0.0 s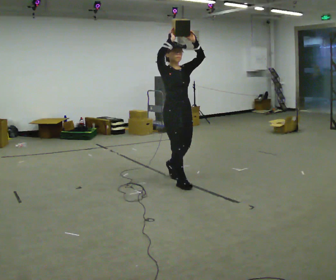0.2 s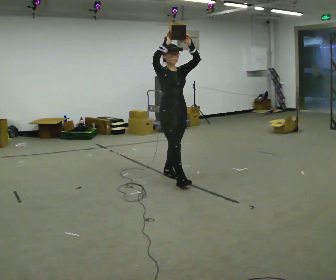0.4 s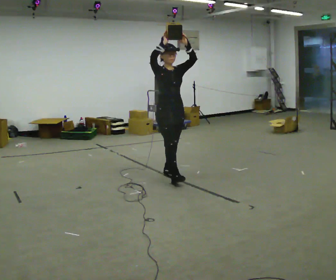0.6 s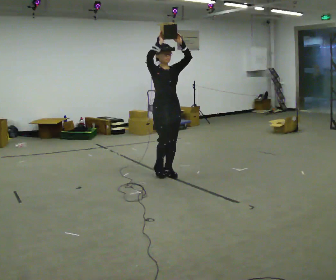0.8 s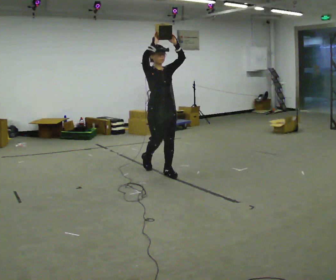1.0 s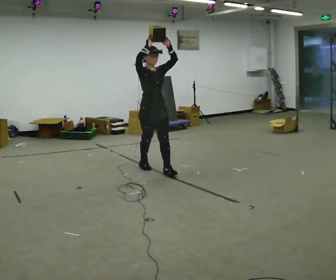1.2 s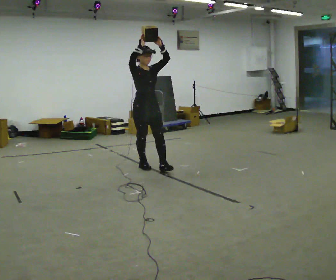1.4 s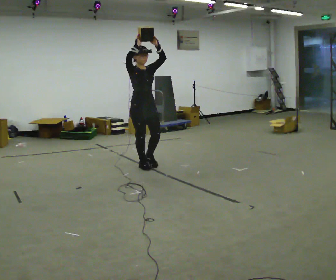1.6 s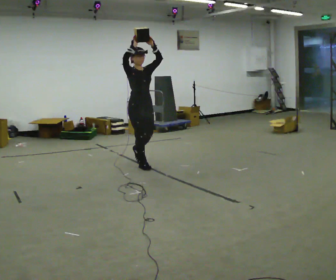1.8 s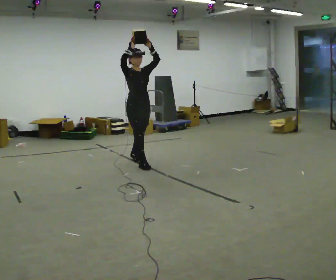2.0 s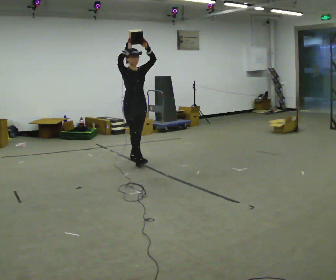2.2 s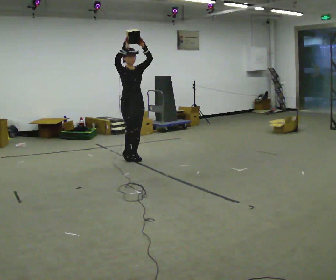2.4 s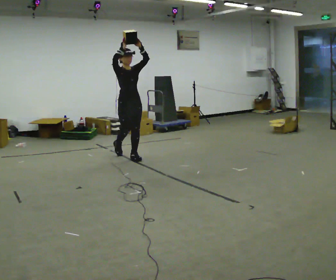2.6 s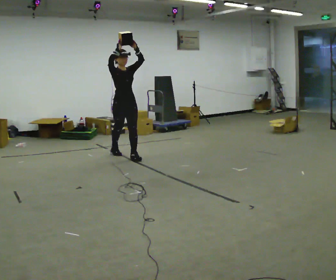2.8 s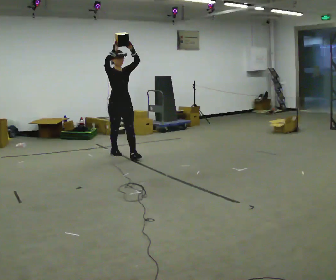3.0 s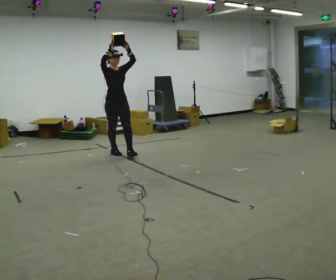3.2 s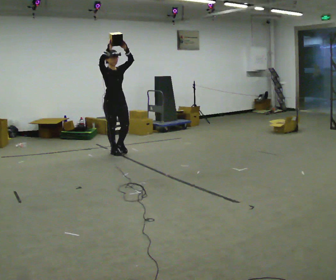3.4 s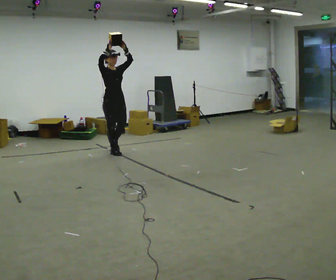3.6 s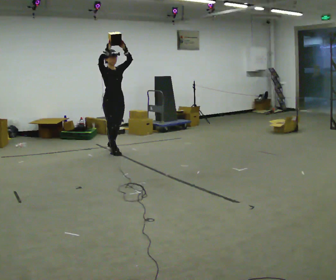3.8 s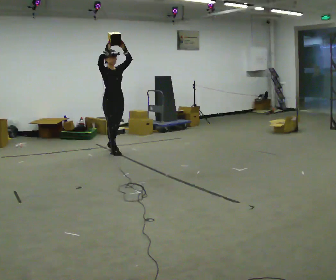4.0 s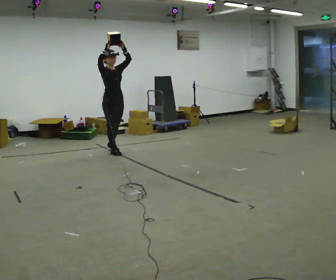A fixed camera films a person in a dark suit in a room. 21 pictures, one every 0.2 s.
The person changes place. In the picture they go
away from the camera.
0.0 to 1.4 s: In the picture they go away from the camera and to the left, about 1 m in 2 steps, which for them is backward.
1.4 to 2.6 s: In the picture they go away from the camera and to the left, about 0.75 m in 1 step, which for them is backward.
2.6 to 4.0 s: In the picture they go away from the camera and to the left, about 0.25 m in 1 step, which for them is backward.
The film runs backward here.
